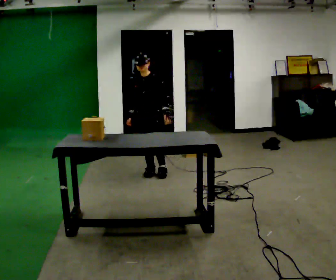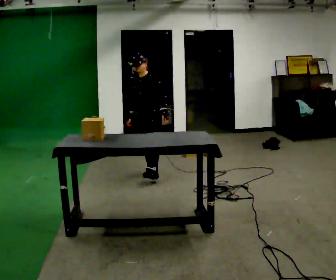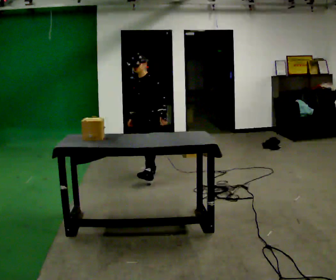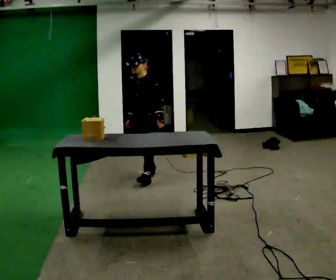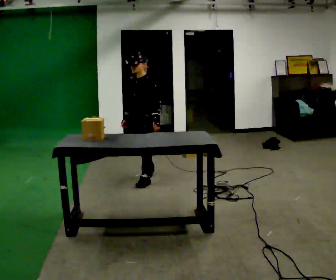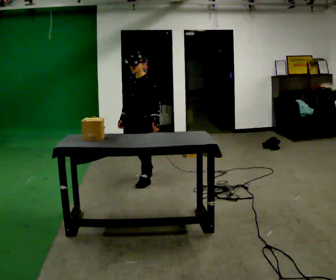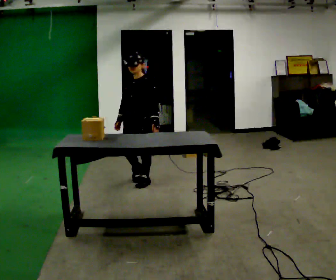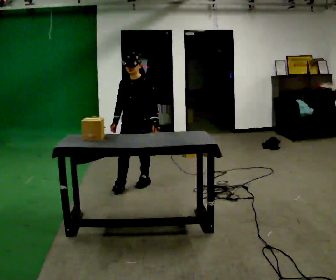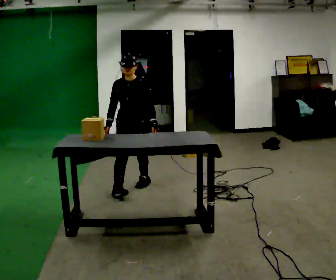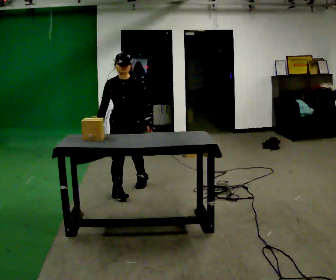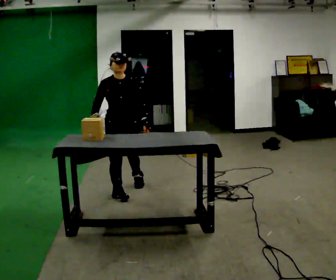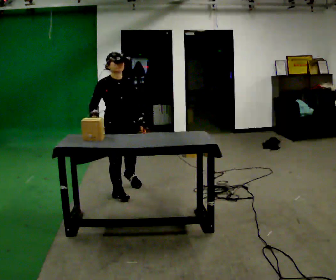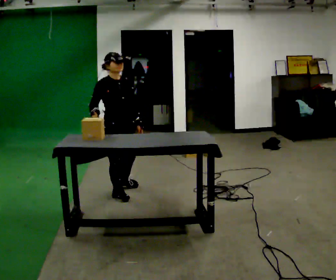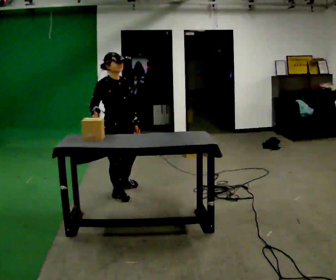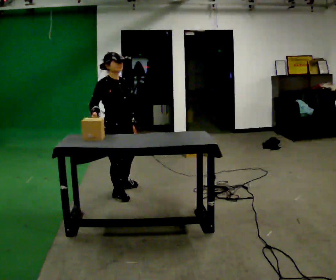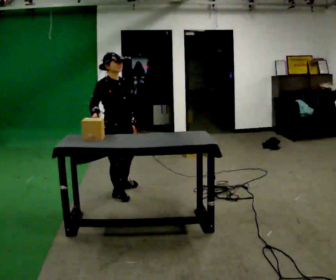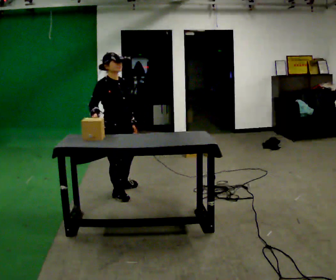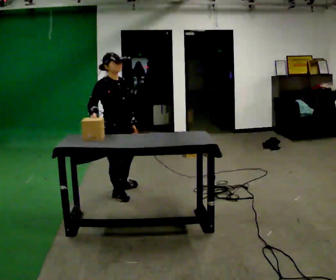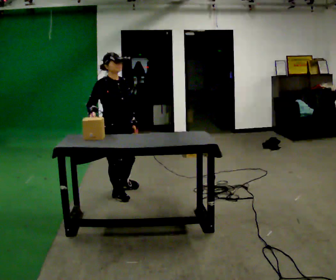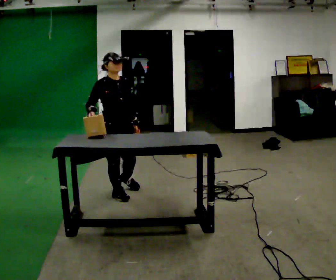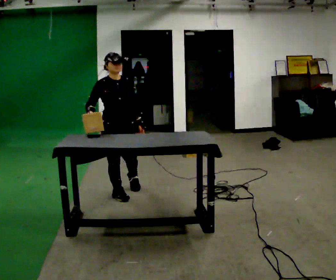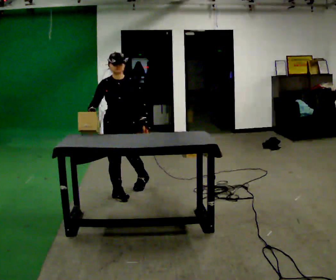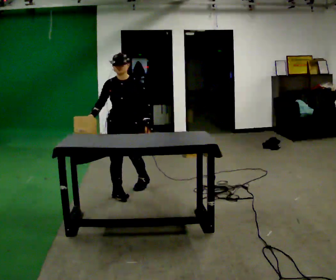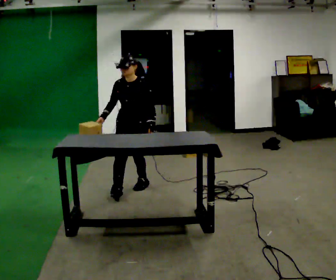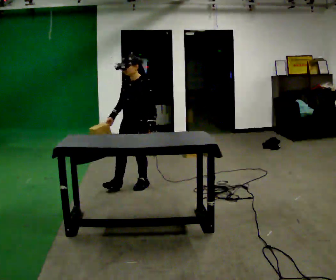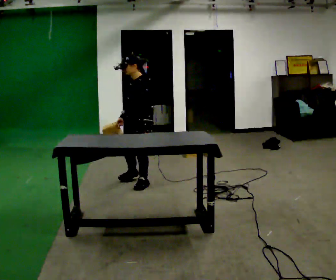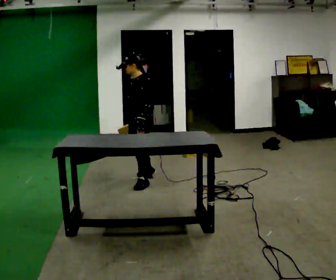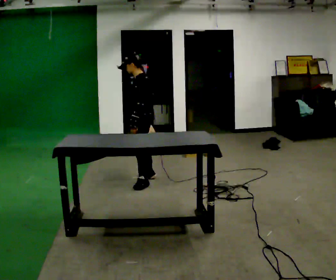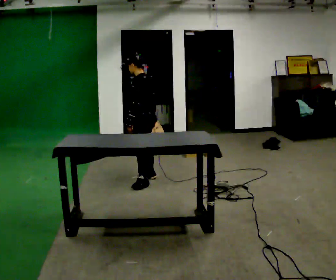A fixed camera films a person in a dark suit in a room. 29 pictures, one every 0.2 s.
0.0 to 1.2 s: In the picture they go toward the camera and to the left, about 0.5 m in 1 step, which for them is forward.
1.2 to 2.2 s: The person turns about 60 degrees to their left, counterclockwise seen from above, so the part of the body nearest the lens slides to the right. In the picture they go toward the camera and to the left, about 0.5 m in 1 step, which for them is forward and to their right.
2.2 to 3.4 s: Seen from above the body turns counterclockwise, about 30 degrees: to their left, with its near side sliding to the right.
3.4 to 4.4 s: The part of the body nearest the lens slides to the left as the person turns to their right by about 45 degrees.
4.4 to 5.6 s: The person turns about 105 degrees to their right, clockwise seen from above, so the part of the body nearest the lens slides to the left. In the picture they go away from the camera and to the right, about 0.5 m in 2 steps.
The film runs forward here.
